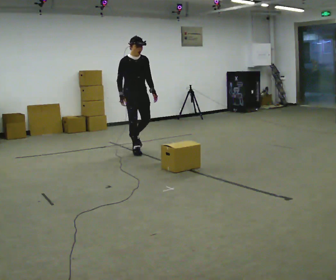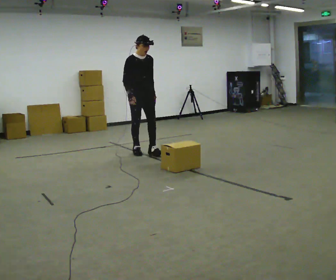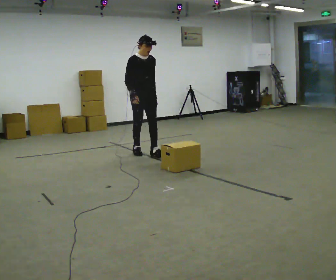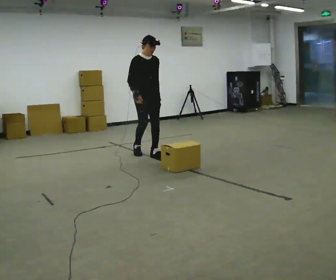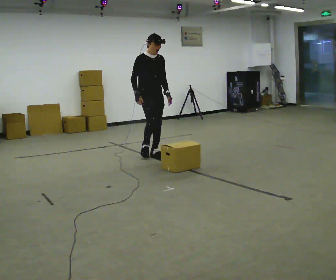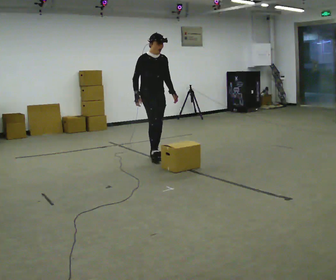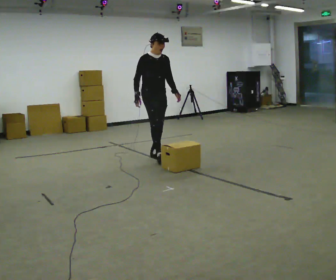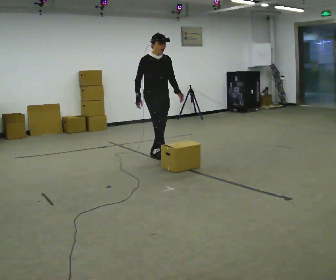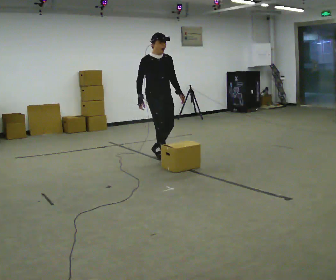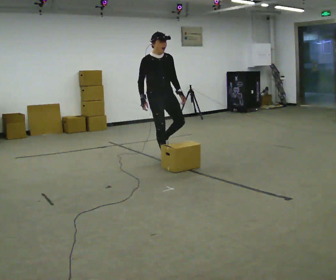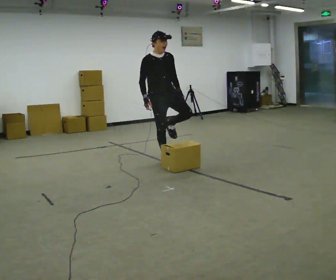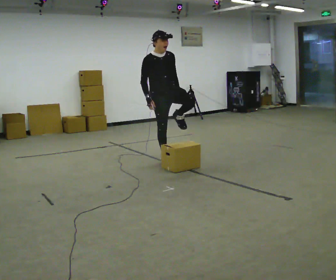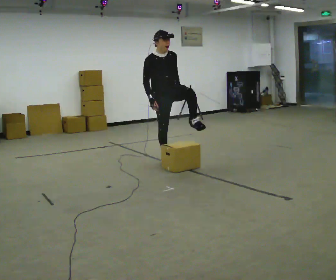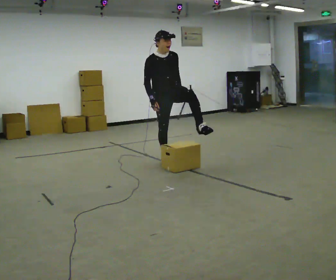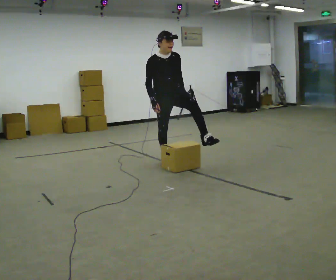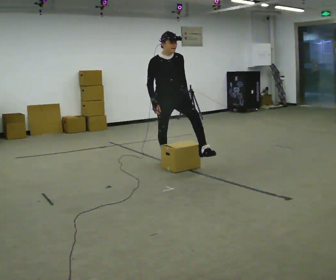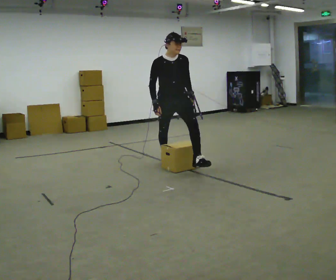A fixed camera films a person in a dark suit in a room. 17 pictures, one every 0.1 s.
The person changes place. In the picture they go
toward the camera.
0.0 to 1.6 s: The part of the body nearest the lens slides to the left as the person turns to their right by about 30 degrees. In the picture they go toward the camera and to the right, about 1 m in 2 steps, which for them is forward.
The film runs forward here.
